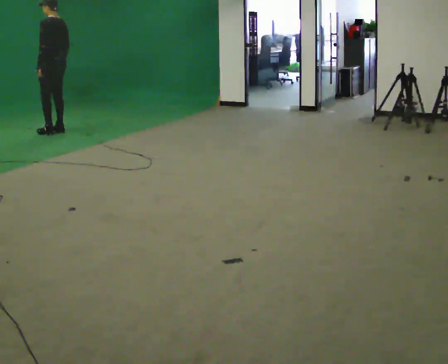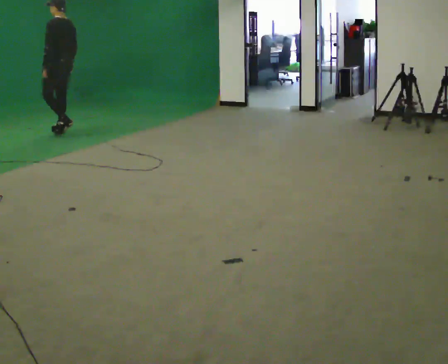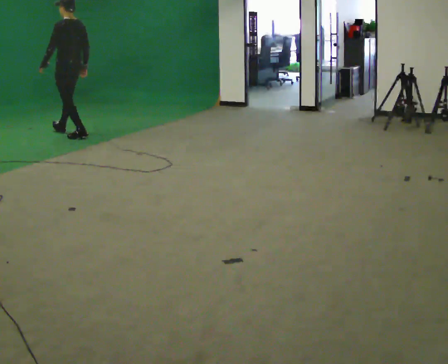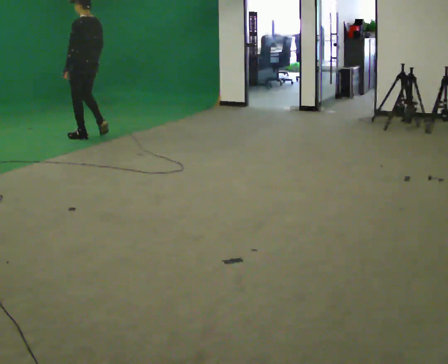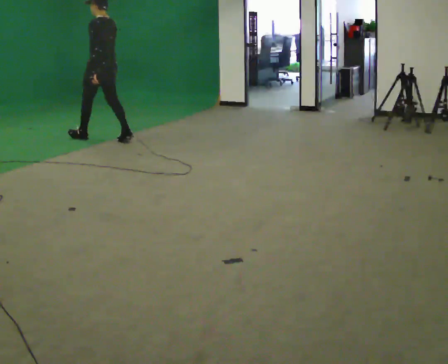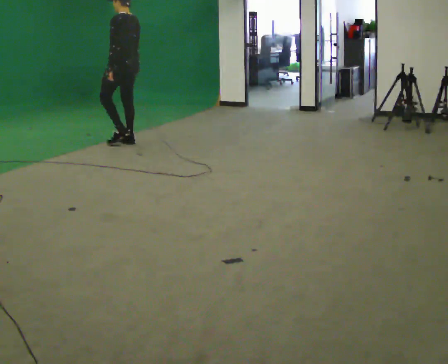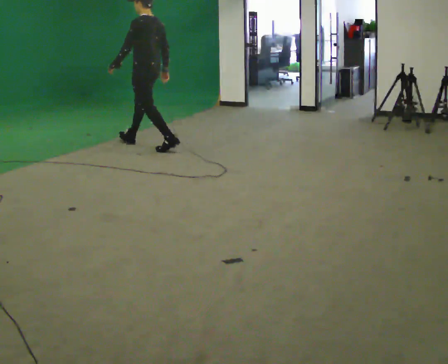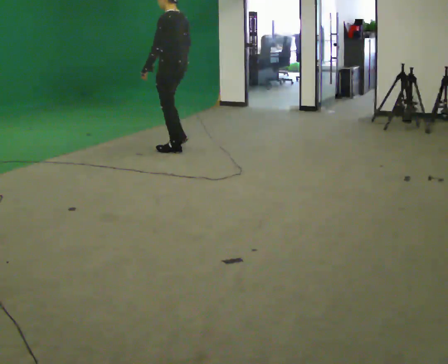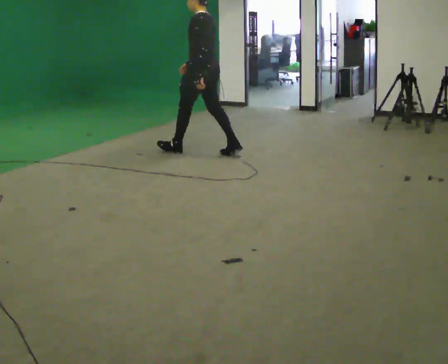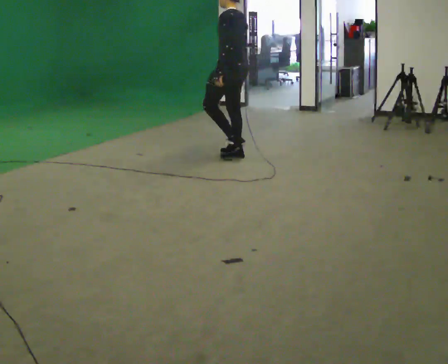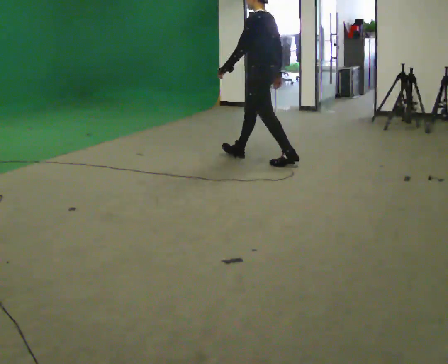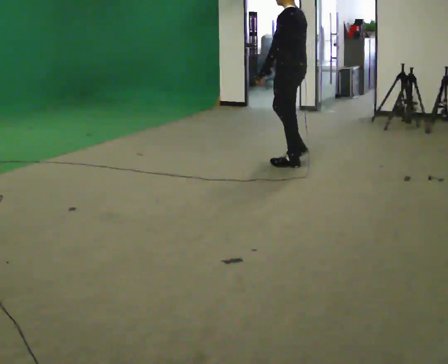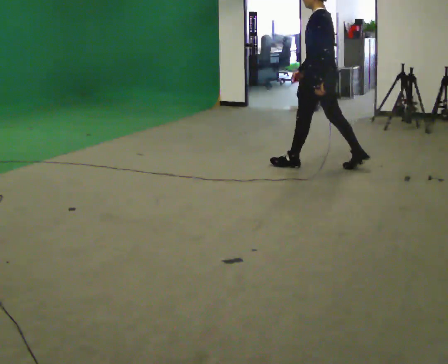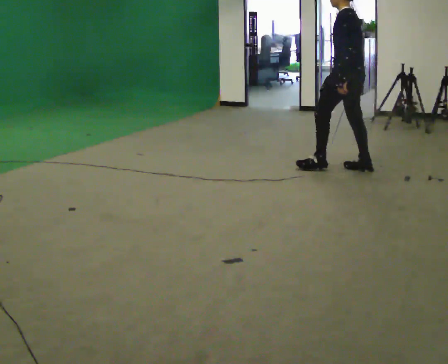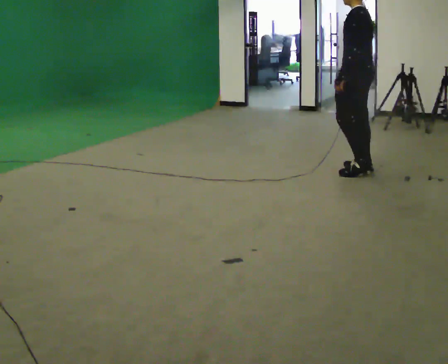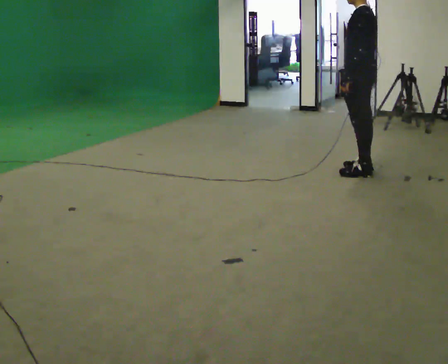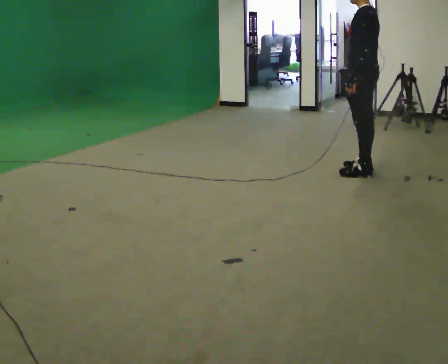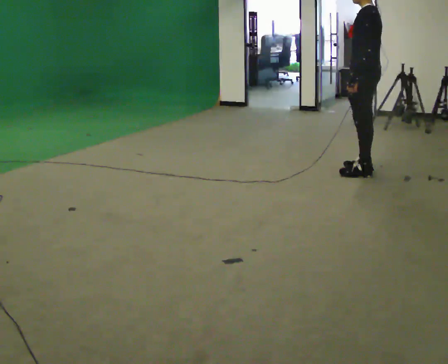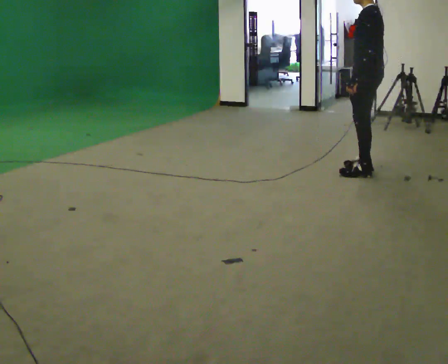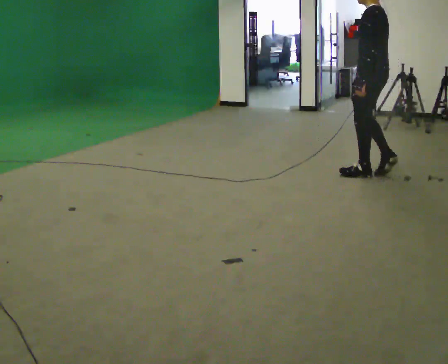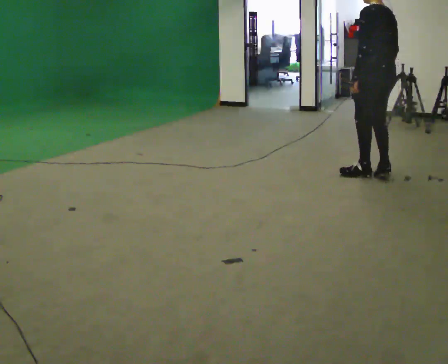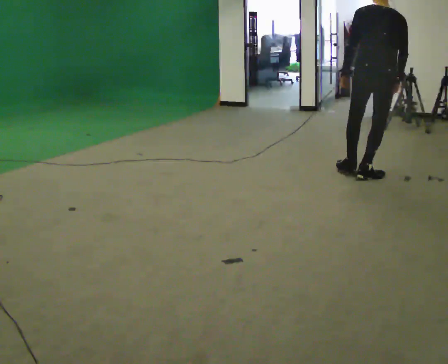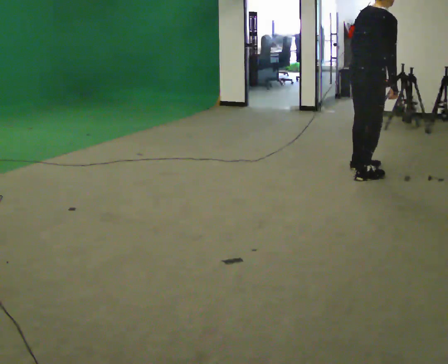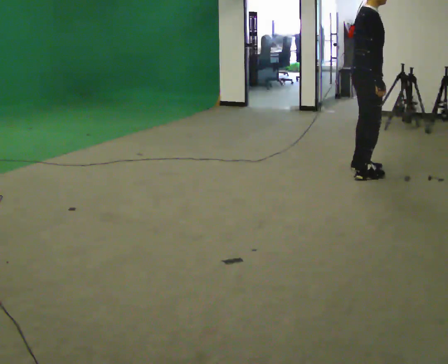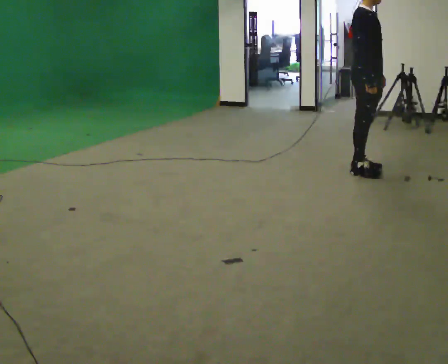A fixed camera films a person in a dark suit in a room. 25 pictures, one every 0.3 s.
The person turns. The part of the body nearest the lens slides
to the left.
The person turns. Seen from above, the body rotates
clockwise.
0.0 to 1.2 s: In the picture they go to the right, about 1 m in 2 steps, which for them is backward.
1.2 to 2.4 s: In the picture they go to the right, about 1.5 m in 3 steps, which for them is backward.
2.4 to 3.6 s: In the picture they go to the right, about 1 m in 1 step, which for them is backward.
3.6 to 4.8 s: In the picture they go to the right, about 0.5 m in 1 step, which for them is backward.
4.8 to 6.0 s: The person moves a little, or ends about where they began.
6.0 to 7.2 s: Seen from above the body turns clockwise, about 150 degrees: to their right, with its near side sliding to the left.
The film runs backward here.
